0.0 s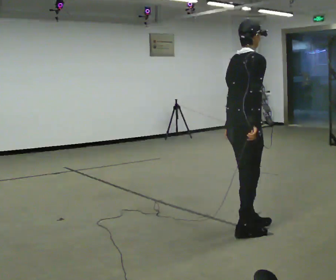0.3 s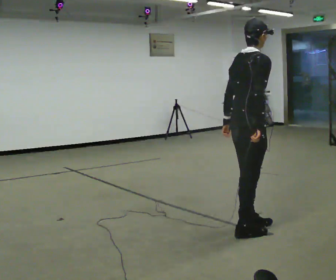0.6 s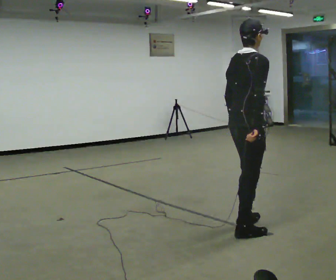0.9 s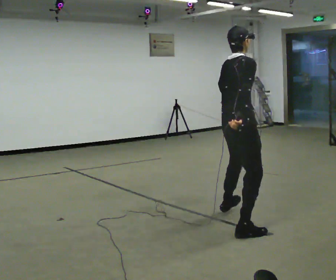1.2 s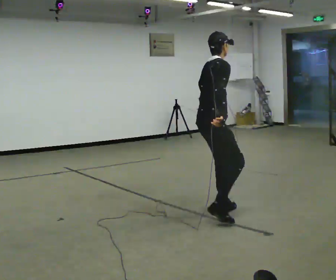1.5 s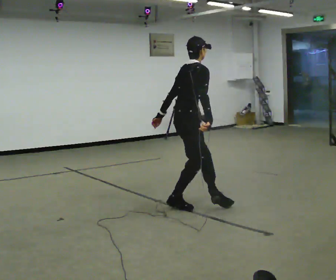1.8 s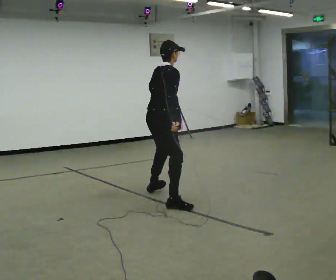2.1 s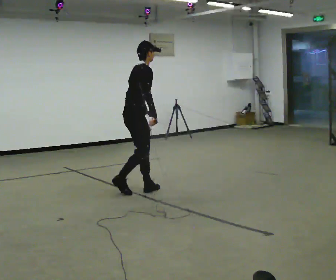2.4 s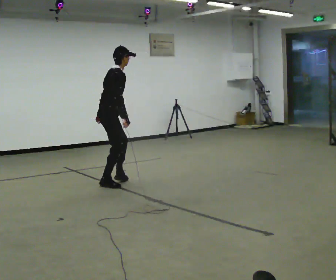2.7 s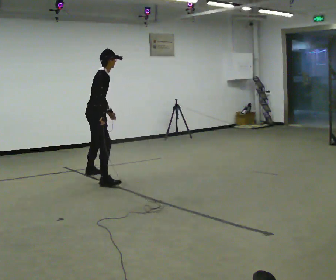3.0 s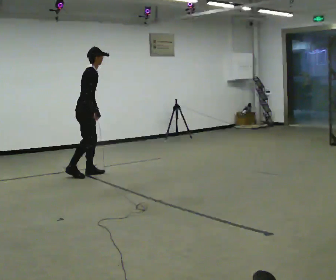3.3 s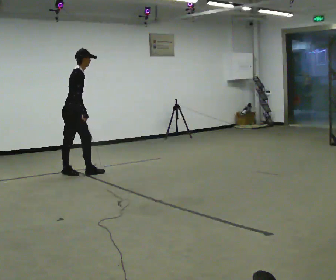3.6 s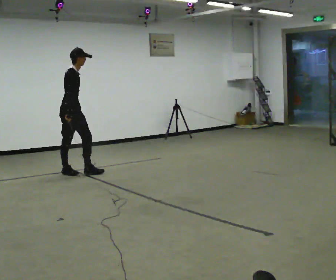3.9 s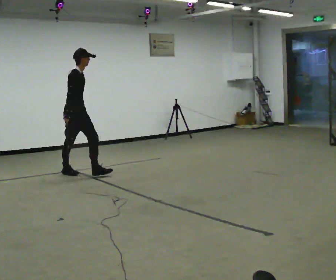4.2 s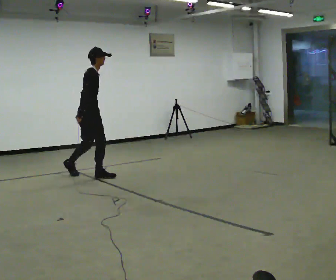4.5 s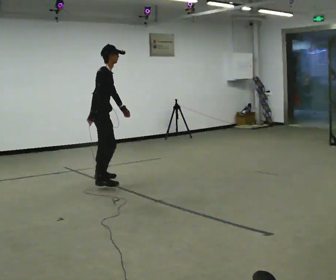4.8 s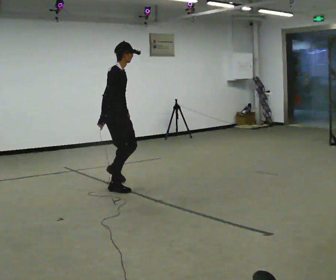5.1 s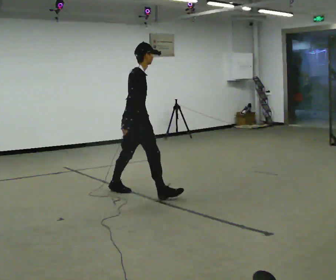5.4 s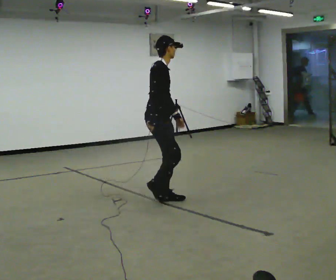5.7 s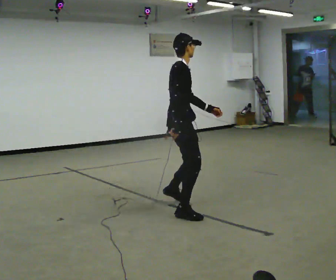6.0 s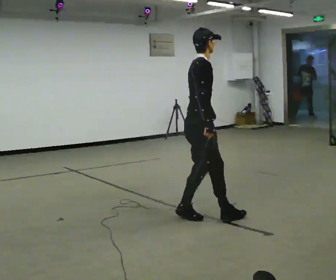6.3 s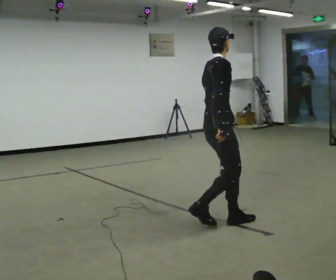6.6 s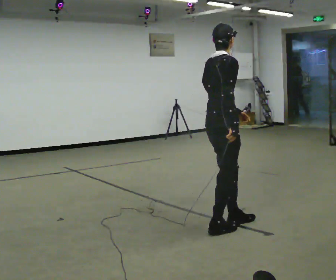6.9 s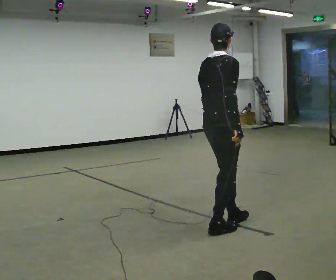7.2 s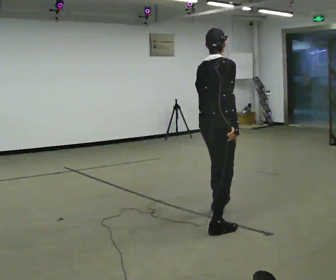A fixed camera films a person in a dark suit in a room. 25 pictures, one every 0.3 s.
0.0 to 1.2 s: In the picture they go away from the camera, about 0.5 m in 2 steps, which for them is to their left.
1.2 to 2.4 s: In the picture they go away from the camera and to the left, about 1.5 m in 3 steps, which for them is to their left.
2.4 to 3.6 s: The part of the body nearest the lens slides to the left as the person turns to their right by about 30 degrees. In the picture they go away from the camera and to the left, about 1 m in 2 steps, which for them is to their left and backward.
3.6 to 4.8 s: In the picture they go toward the camera and to the right, about 1 m in 2 steps, which for them is forward and to their right.
4.8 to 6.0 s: In the picture they go toward the camera and to the right, about 1.5 m in 2 steps, which for them is forward and to their right.
6.0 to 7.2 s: Seen from above the body turns counterclockwise, about 45 degrees: to their left, with its near side sliding to the right. In the picture they go toward the camera, about 0.25 m in 2 steps, which for them is to their right.
The film runs forward here.
